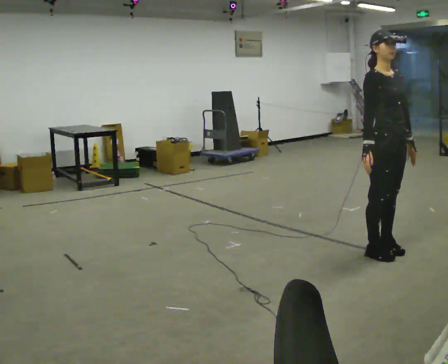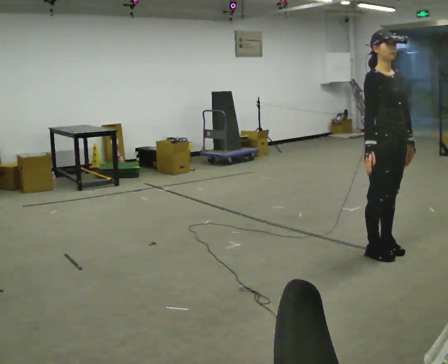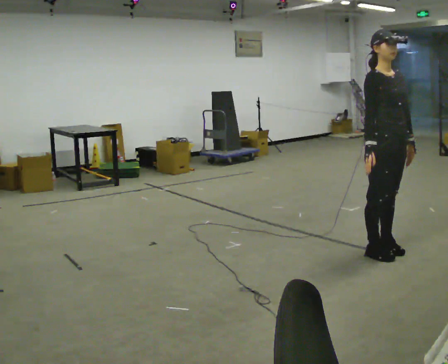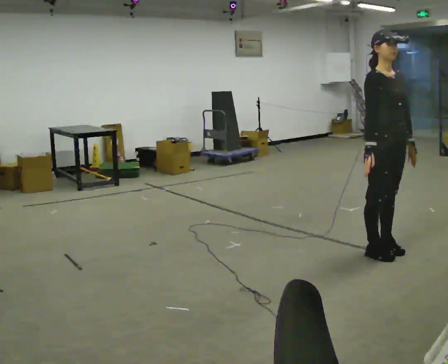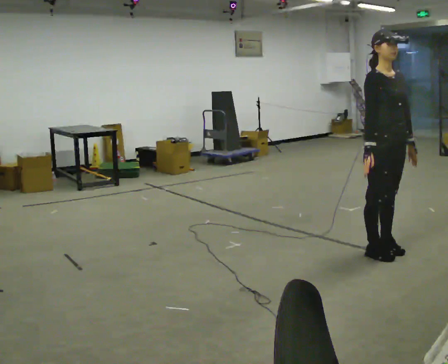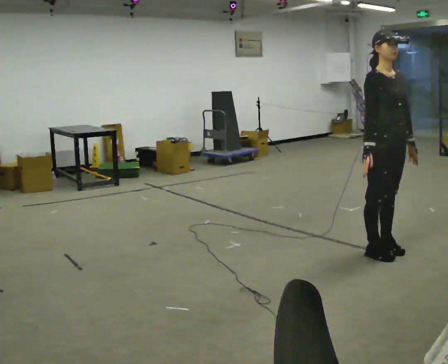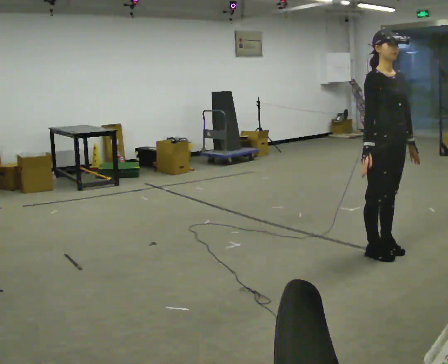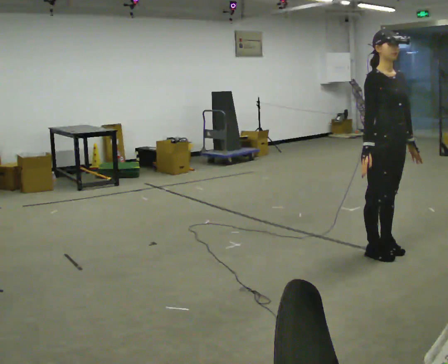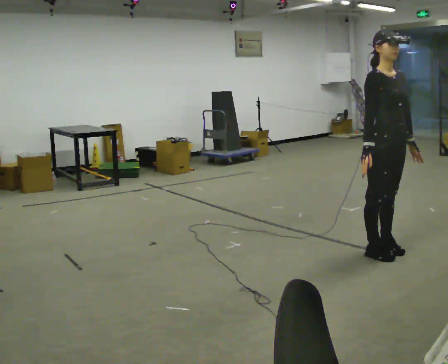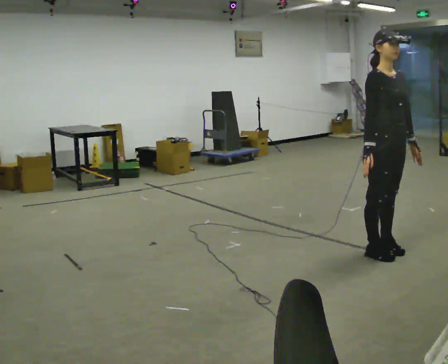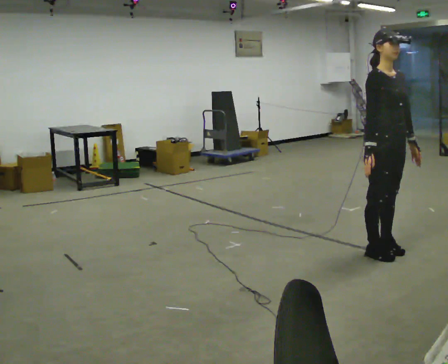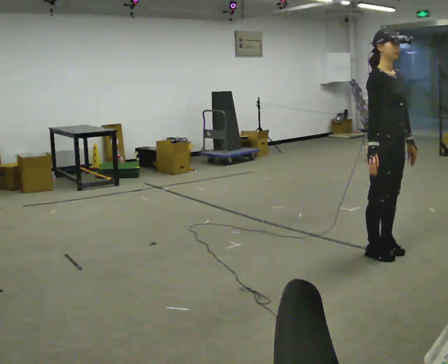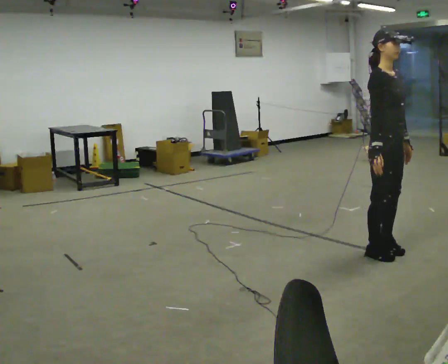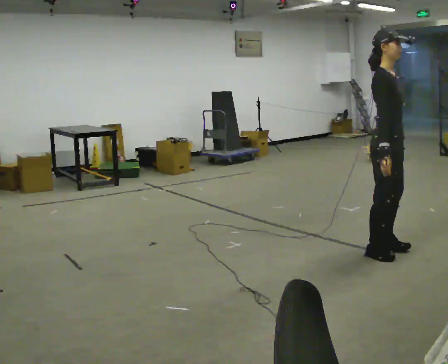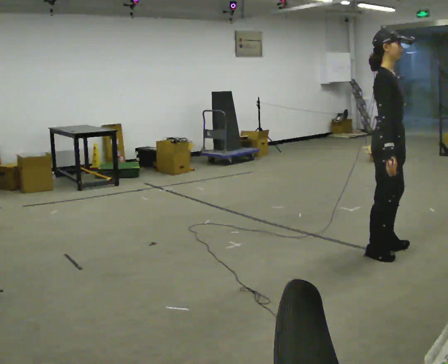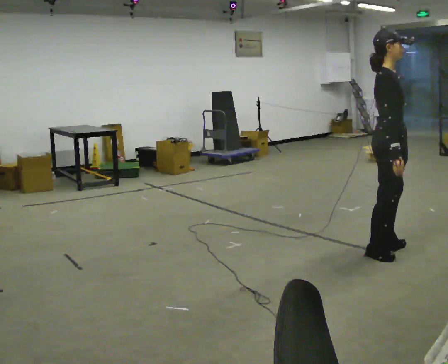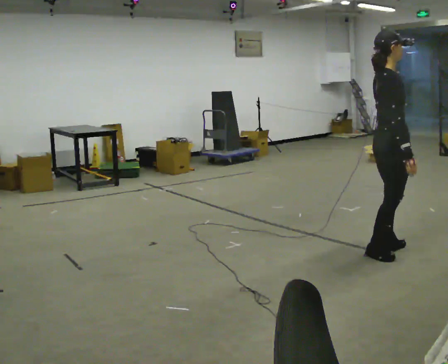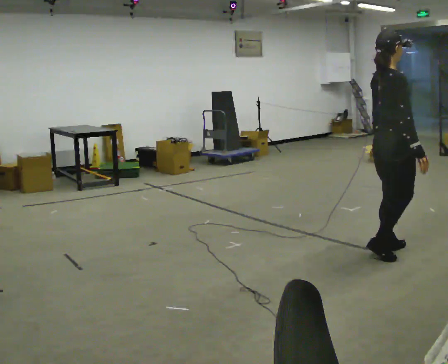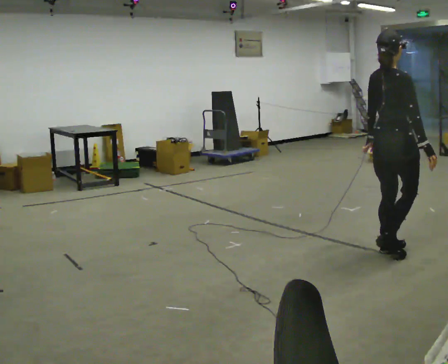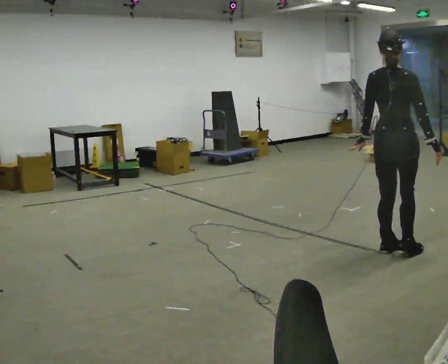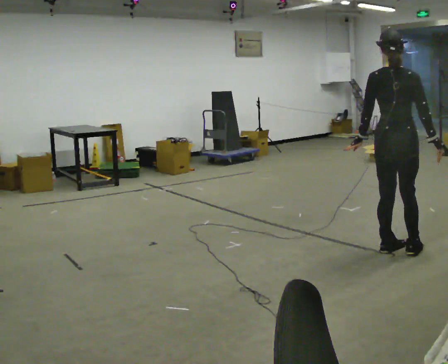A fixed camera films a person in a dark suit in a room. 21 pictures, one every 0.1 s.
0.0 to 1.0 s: The person moves a little, or ends about where they began.
1.0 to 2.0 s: Seen from above the body turns counterclockwise, about 120 degrees: to their left, with its near side sliding to the right. In the picture their right hand goes to the right.
The film runs forward here.
